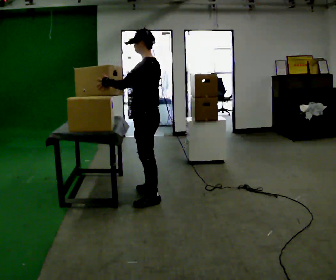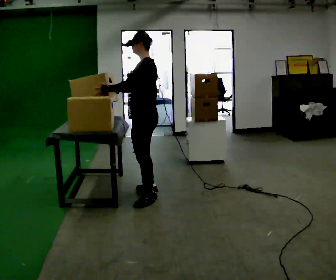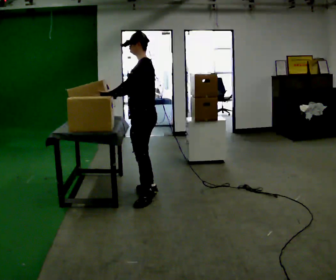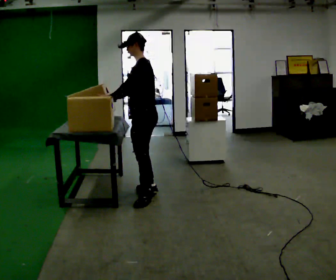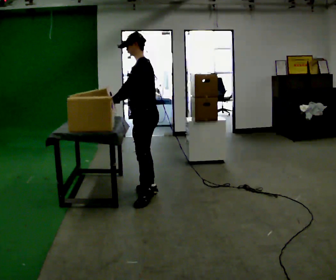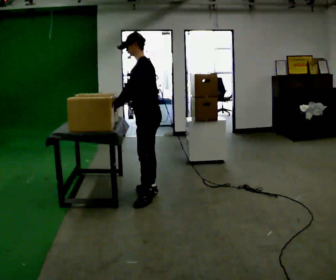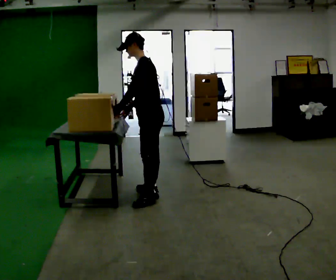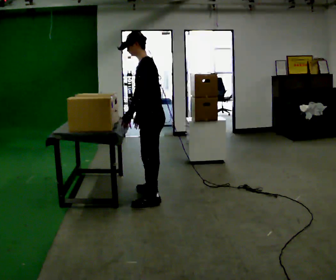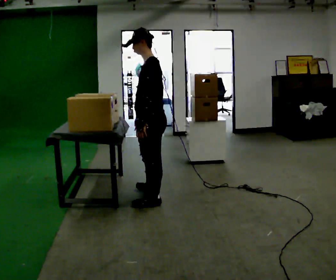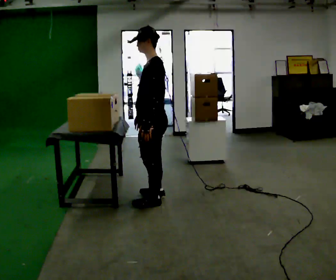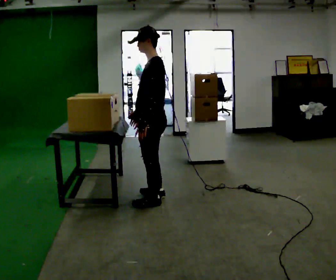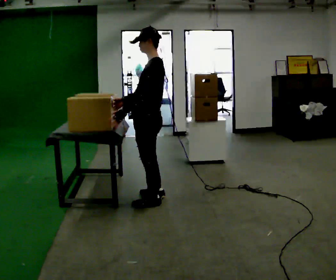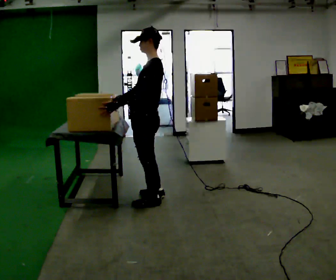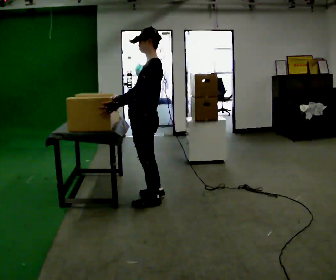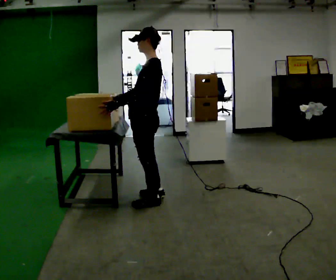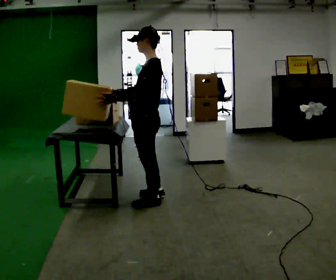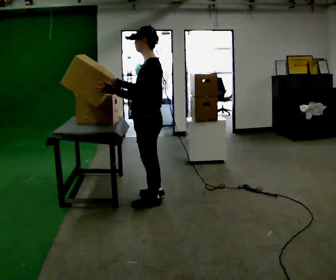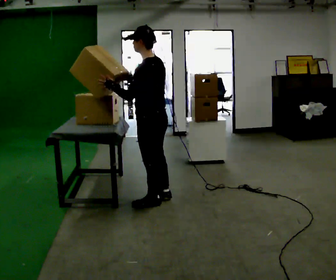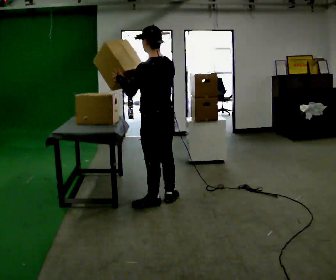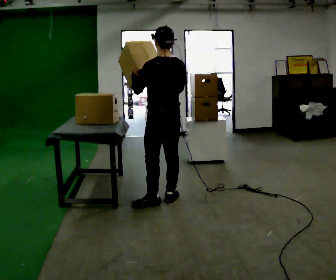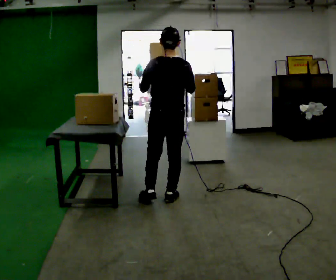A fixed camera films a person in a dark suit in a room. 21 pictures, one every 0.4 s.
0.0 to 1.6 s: The person moves a little, or ends about where they began.
1.6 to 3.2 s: In the picture they go toward the camera, about 0.25 m, which for them is to their left.
3.2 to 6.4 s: The person moves a little, or ends about where they began.
6.4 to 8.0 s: Seen from above the body turns clockwise, about 75 degrees: to their right, with its near side sliding to the left. In the picture they go to the right, about 0.25 m. In the picture their right hand goes to the right.
The film runs forward here.
